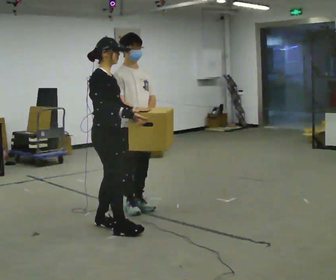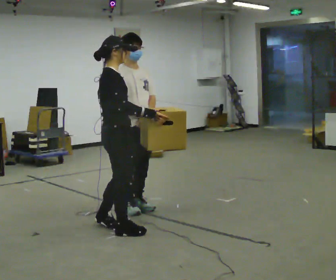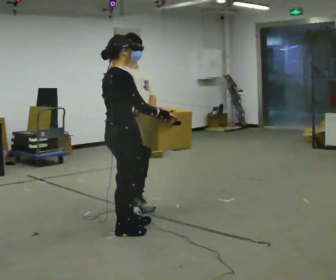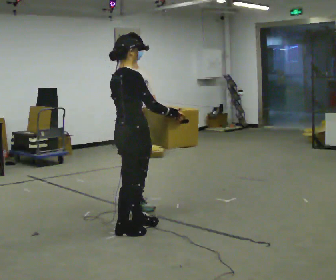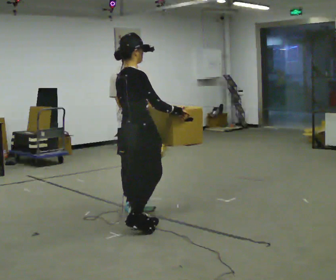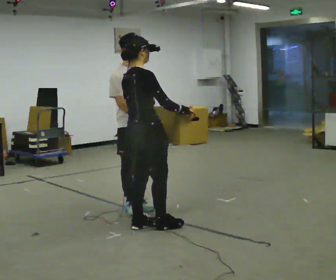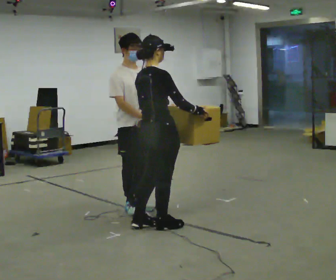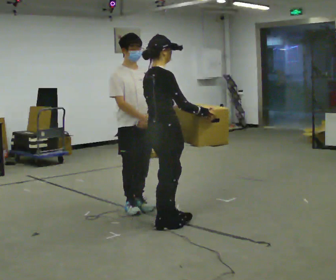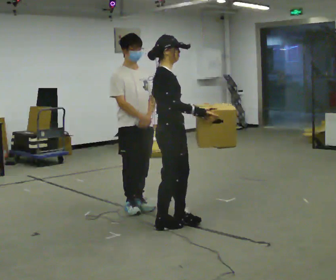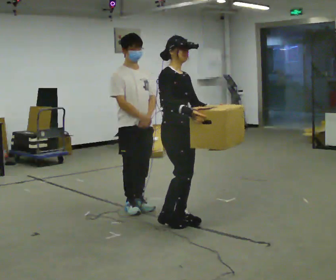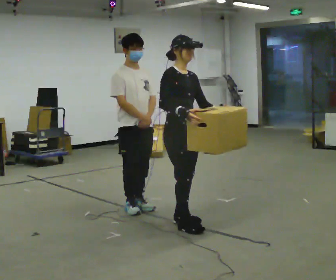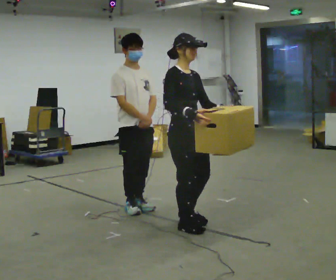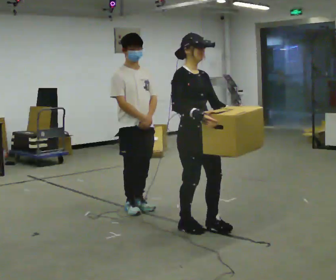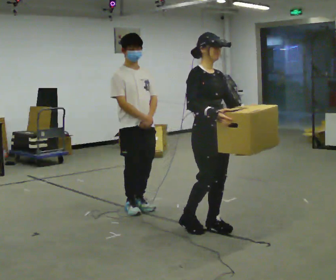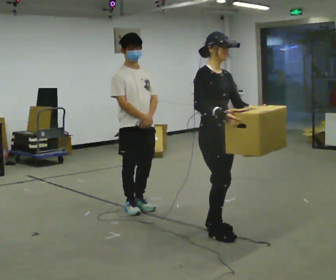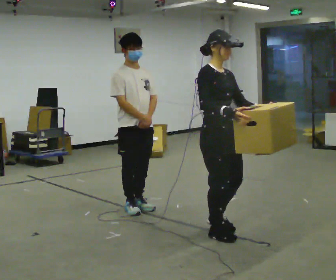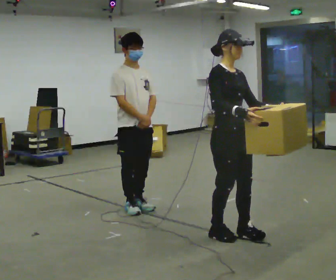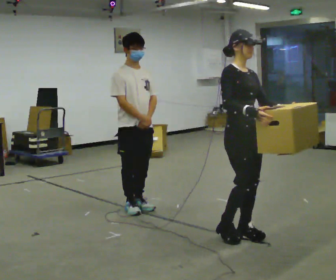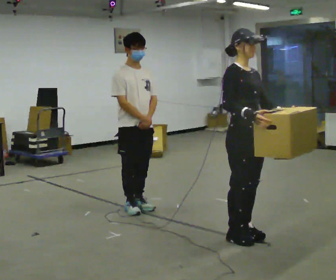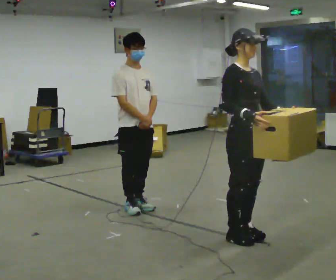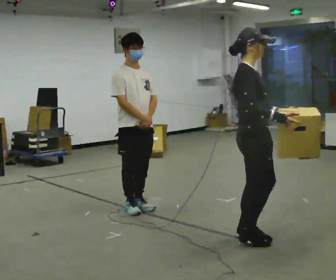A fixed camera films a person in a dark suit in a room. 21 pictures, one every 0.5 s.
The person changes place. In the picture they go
to the right.
0.0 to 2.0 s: The part of the body nearest the lens slides to the right as the person turns to their left by about 45 degrees. In the picture they go to the right, about 0.25 m in 2 steps, which for them is forward. In the picture their right hand goes to the right.
2.0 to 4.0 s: Seen from above the body turns clockwise, about 30 degrees: to their right, with its near side sliding to the left. In the picture they go to the right, about 0.25 m in 2 steps, which for them is forward.
4.0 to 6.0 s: The person turns about 45 degrees to their right, clockwise seen from above, so the part of the body nearest the lens slides to the left. In the picture they go to the right, about 0.25 m in 2 steps, which for them is forward.
6.0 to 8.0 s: In the picture they go to the right and toward the camera, about 0.25 m in 2 steps, which for them is forward.
8.0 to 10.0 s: The person turns about 30 degrees to their left, counterclockwise seen from above, so the part of the body nearest the lens slides to the right. In the picture they go to the right, about 0.25 m in 1 step, which for them is forward.
The film runs forward here.
